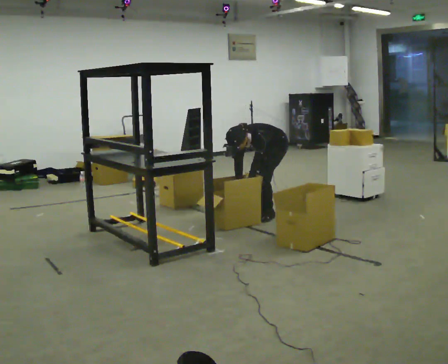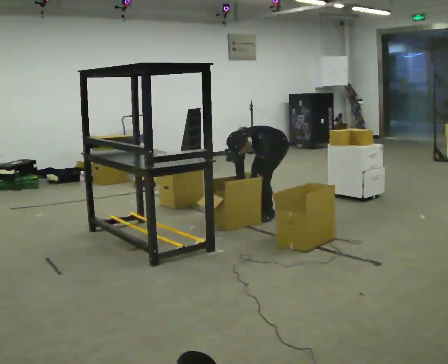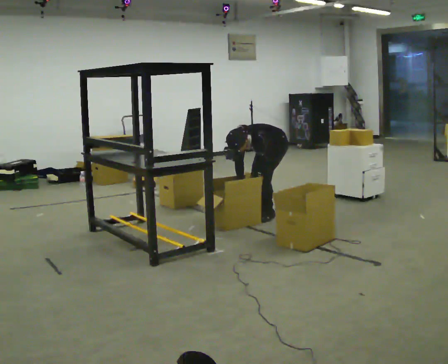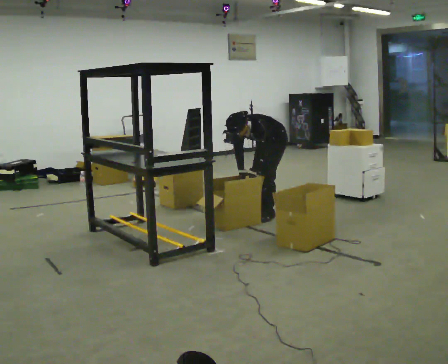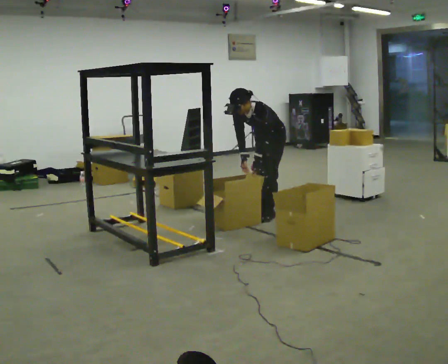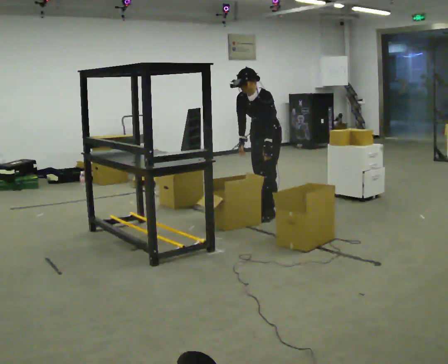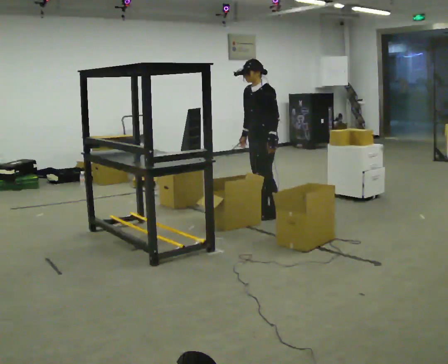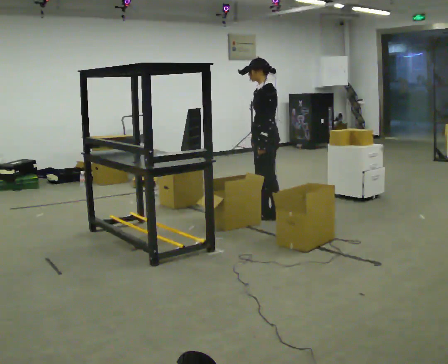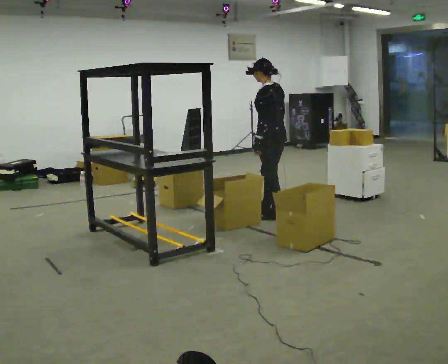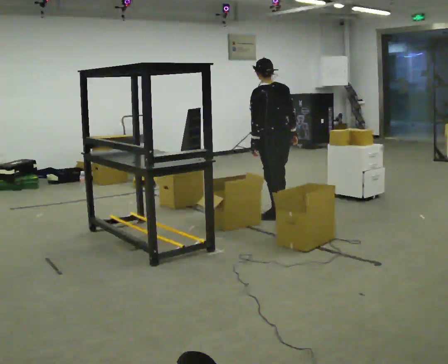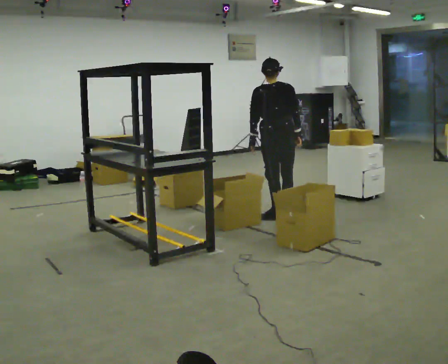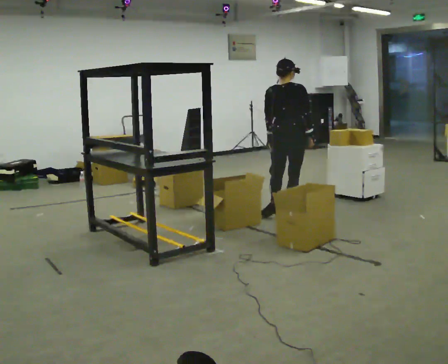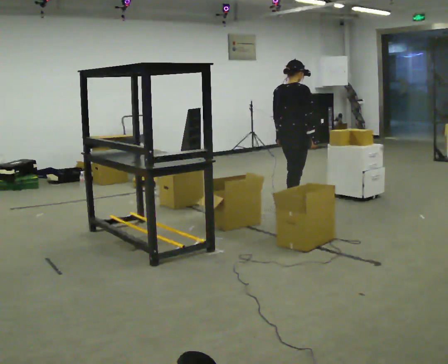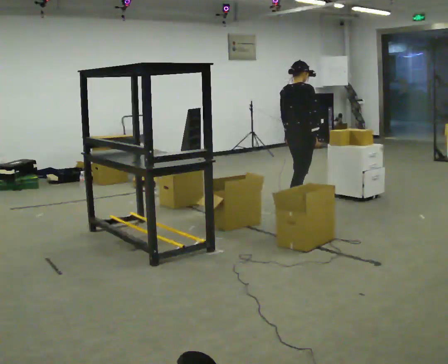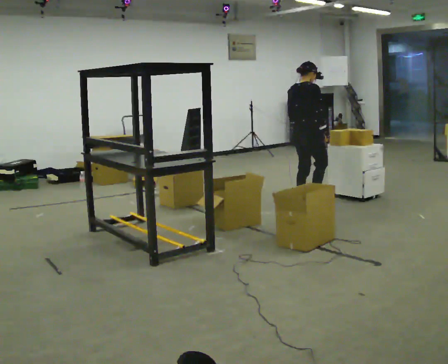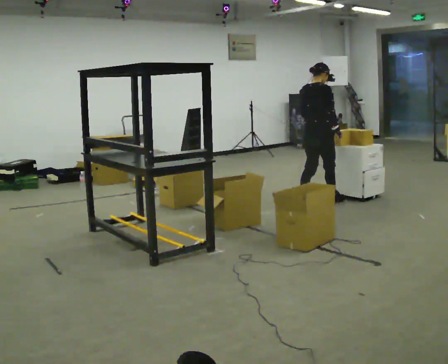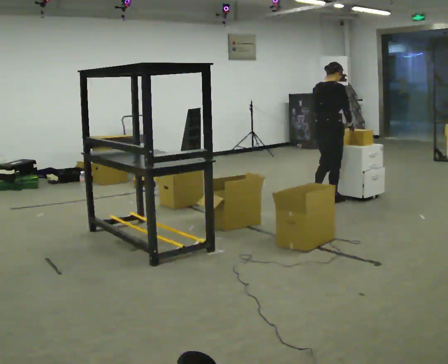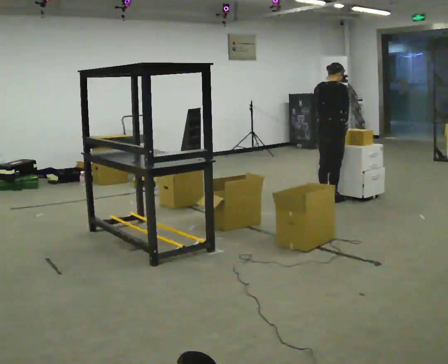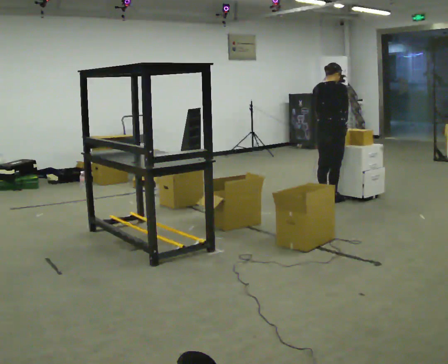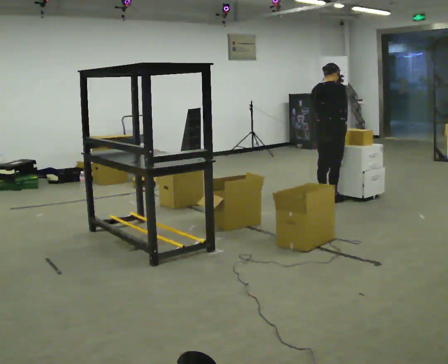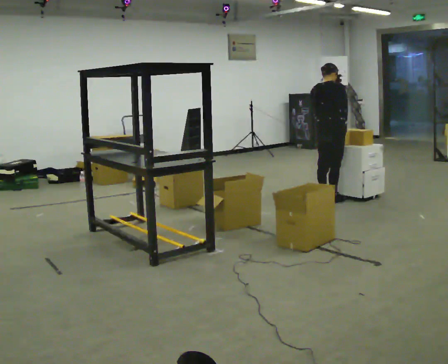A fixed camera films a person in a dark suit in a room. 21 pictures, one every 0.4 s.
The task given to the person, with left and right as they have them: 1. Take the objects out of the box on the table one at a time. 2. Put each one in the bin the operator has labelled for it. 3. Tell the operator when you are finished.
0.0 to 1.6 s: The shoulders move upward. The upper body tips away from the camera, its near side rolling upward, as they lean back or straighten.
1.6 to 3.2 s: The person turns about 75 degrees to their right, clockwise seen from above, so the part of the body nearest the lens slides to the left. In the picture they go toward the camera, about 0.25 m. The shoulders move upward. The upper body tips away from the camera, its near side rolling upward, as they lean back or straighten. In the picture their right hand goes to the right.
3.2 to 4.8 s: The person turns about 105 degrees to their right, clockwise seen from above, so the part of the body nearest the lens slides to the left. In the picture they go away from the camera and to the right, about 0.25 m in 1 step.
4.8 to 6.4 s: In the picture they go to the right and away from the camera, about 0.5 m in 2 steps, which for them is forward.
6.4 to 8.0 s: The person moves a little, or ends about where they began.
The film runs forward here.
